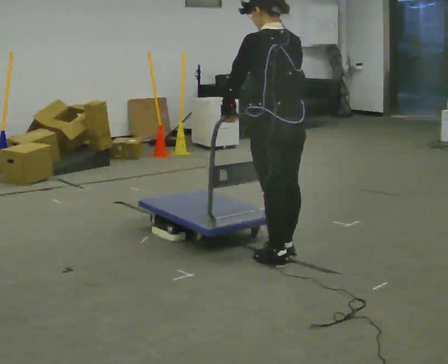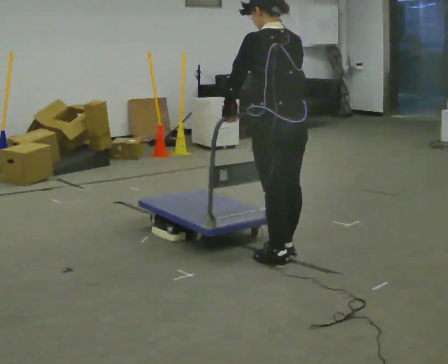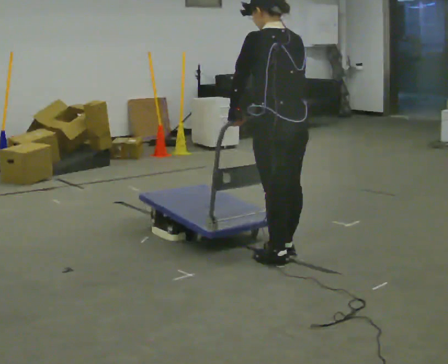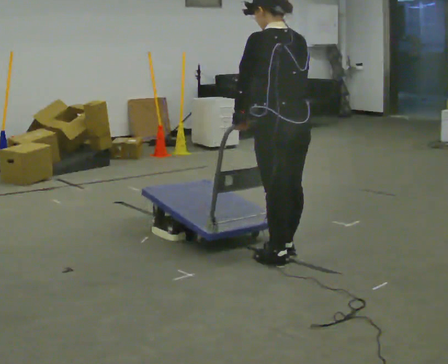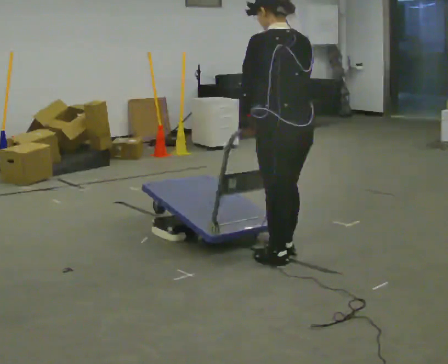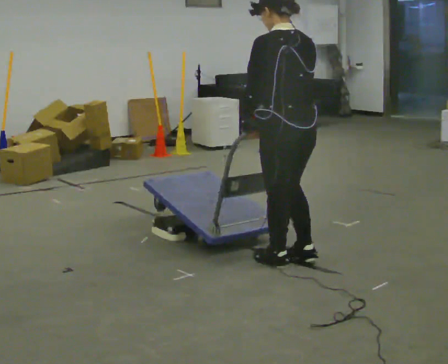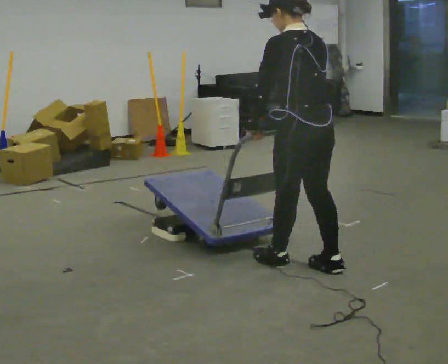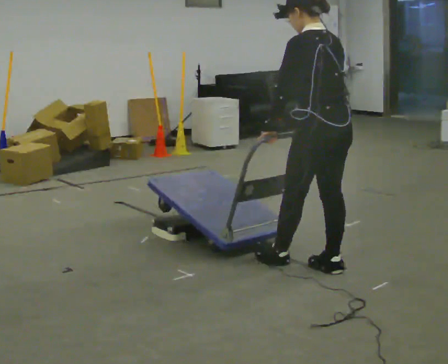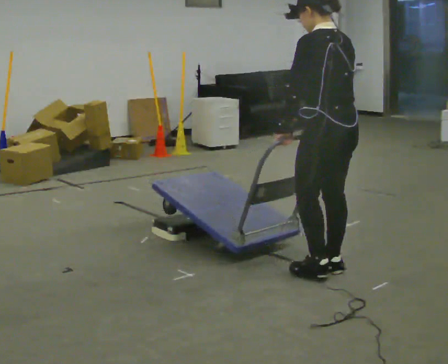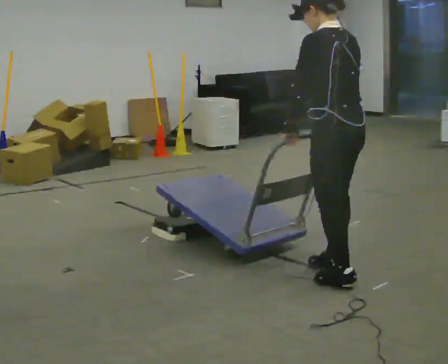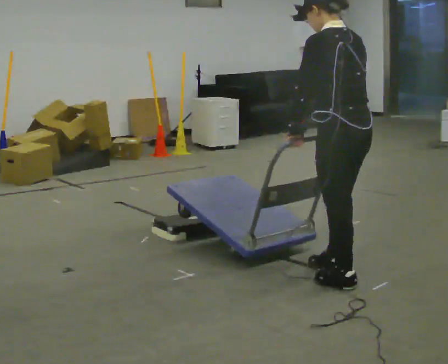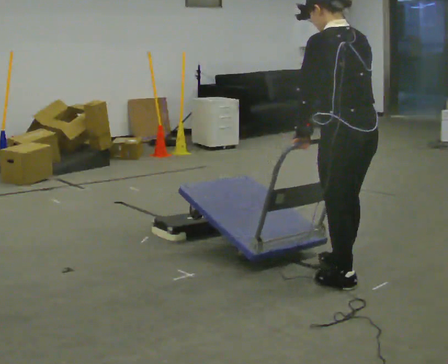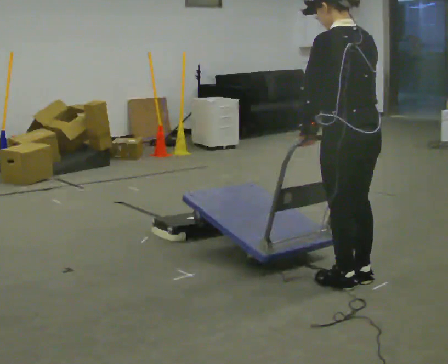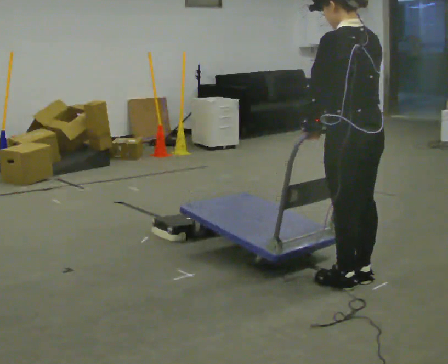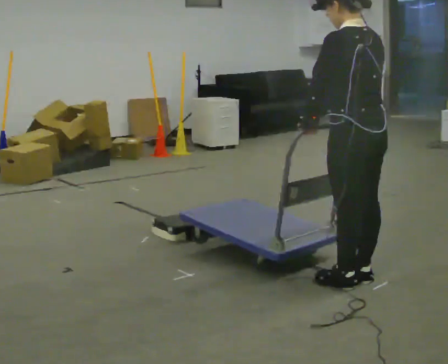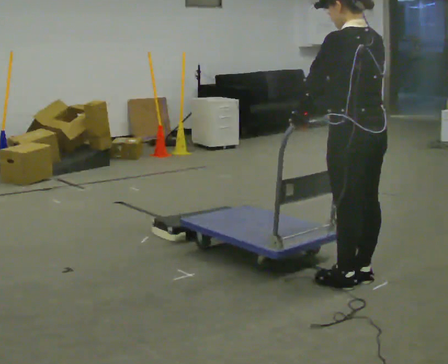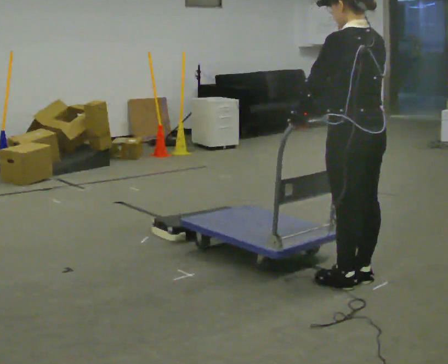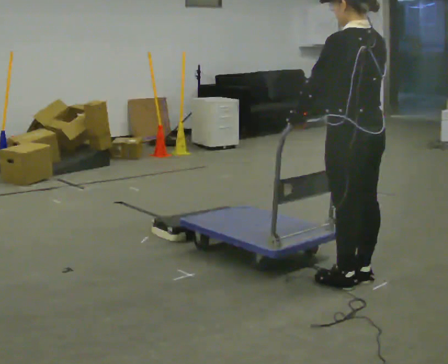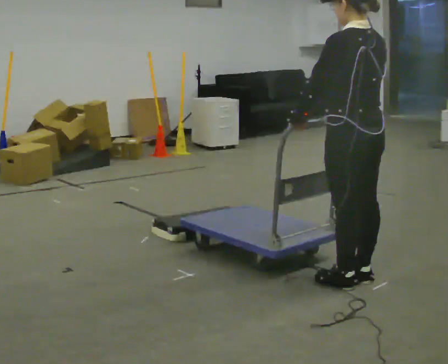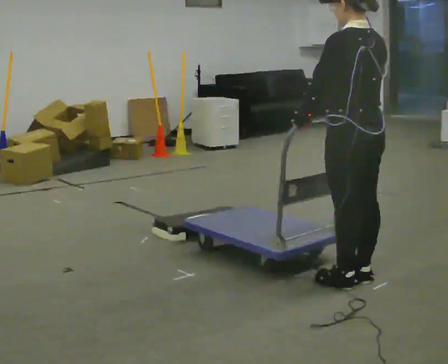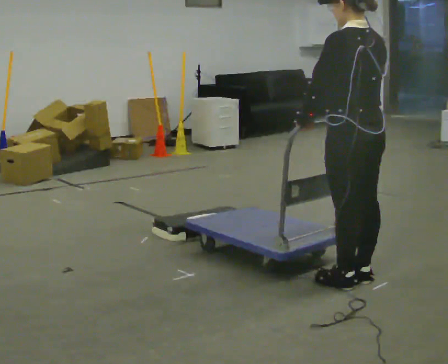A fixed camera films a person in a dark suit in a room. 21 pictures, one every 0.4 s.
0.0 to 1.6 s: The person moves a little, or ends about where they began.
1.6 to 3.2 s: In the picture they go to the right, about 0.25 m in 1 step, which for them is backward and to their right.
3.2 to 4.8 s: In the picture they go toward the camera, about 0.25 m in 2 steps, which for them is backward and to their left.
4.8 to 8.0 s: The person moves a little, or ends about where they began.
The film runs forward here.
